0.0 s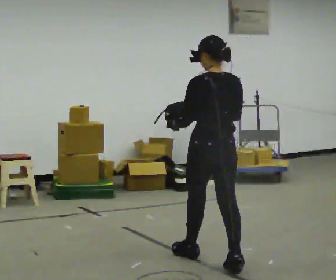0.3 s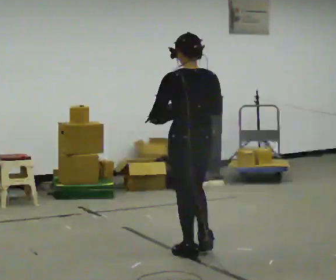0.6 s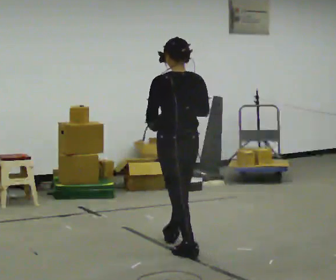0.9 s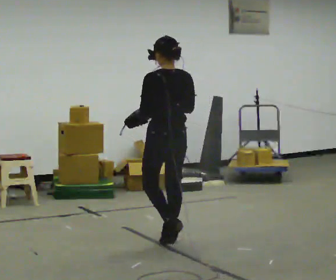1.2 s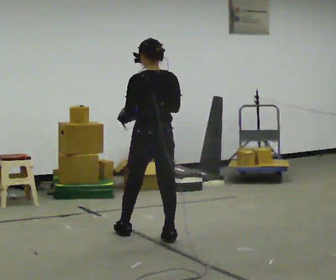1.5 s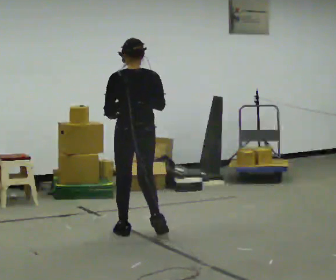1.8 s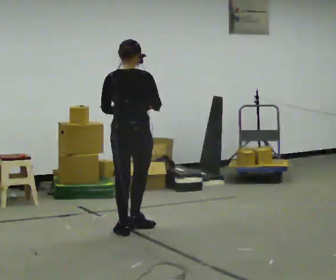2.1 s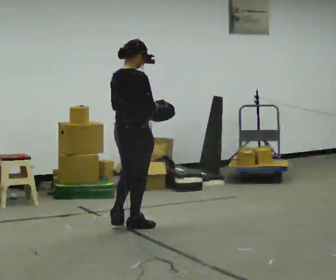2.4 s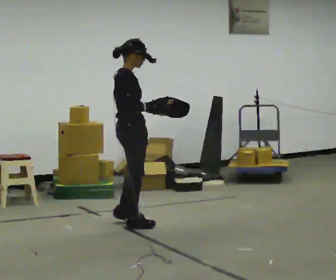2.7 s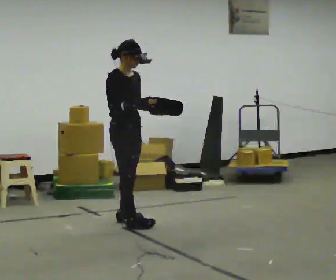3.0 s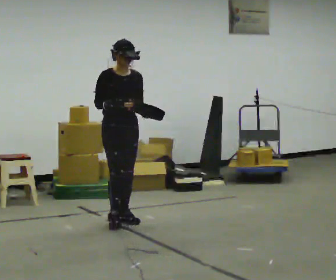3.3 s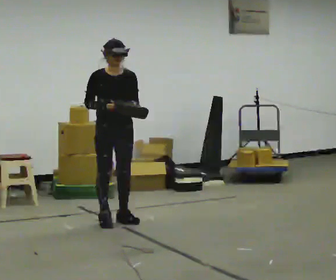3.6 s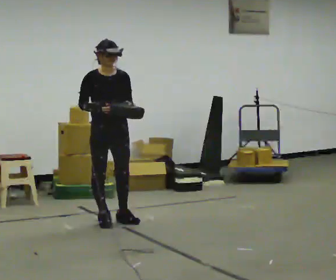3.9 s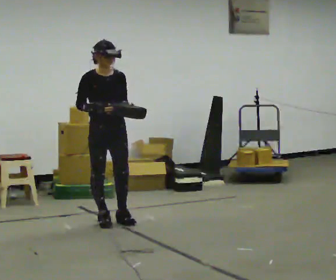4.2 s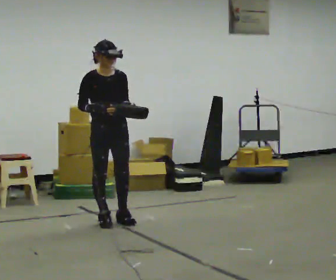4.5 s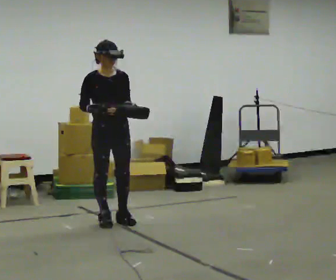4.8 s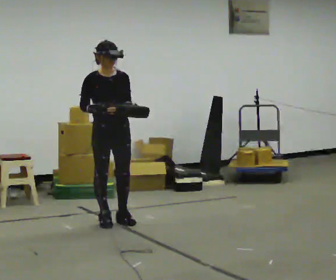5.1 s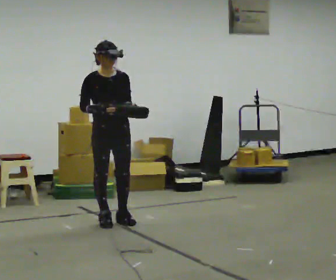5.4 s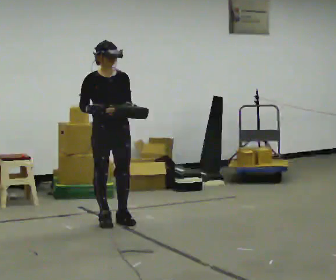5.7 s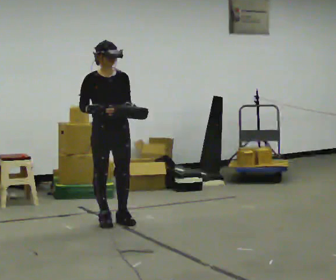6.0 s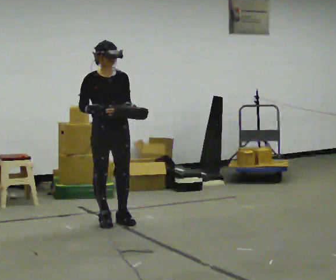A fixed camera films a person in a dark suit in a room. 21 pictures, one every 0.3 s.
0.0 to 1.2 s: In the picture they go away from the camera and to the left, about 1 m in 1 step, which for them is forward.
1.2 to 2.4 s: The part of the body nearest the lens slides to the left as the person turns to their right by about 120 degrees. In the picture they go away from the camera and to the left, about 0.5 m in 2 steps.
2.4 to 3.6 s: Seen from above the body turns clockwise, about 60 degrees: to their right, with its near side sliding to the left. In the picture they go to the left and away from the camera, about 0.25 m in 2 steps. In the picture their right hand goes to the left.
3.6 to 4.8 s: The person moves a little, or ends about where they began.
4.8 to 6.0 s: The person keeps their place and pose.
The film runs forward here.
